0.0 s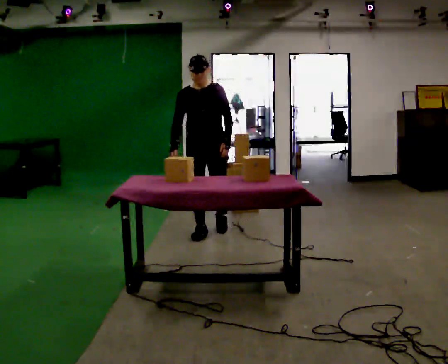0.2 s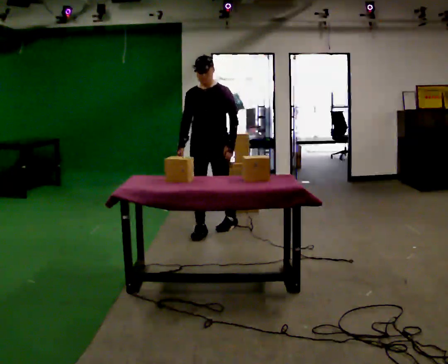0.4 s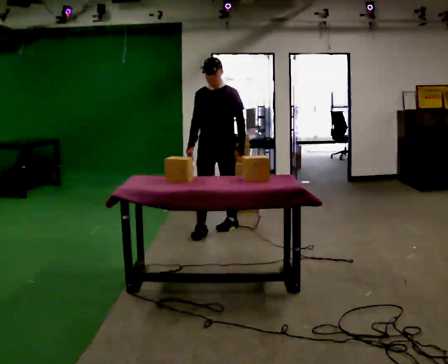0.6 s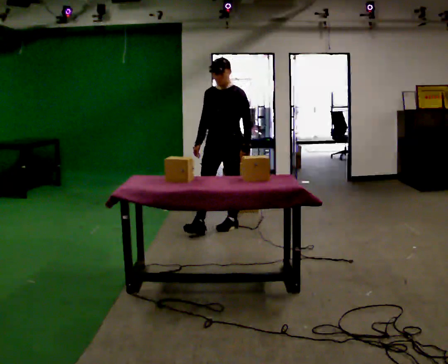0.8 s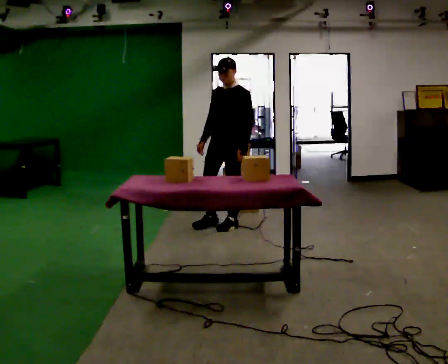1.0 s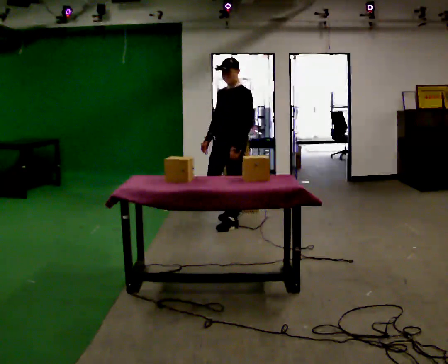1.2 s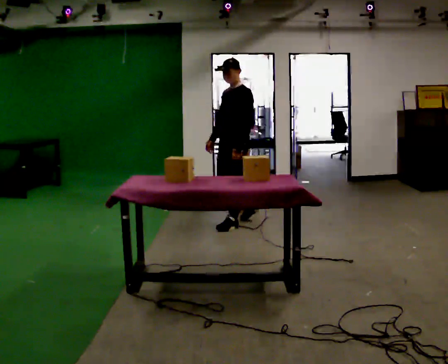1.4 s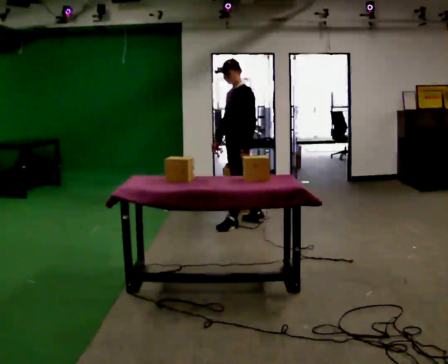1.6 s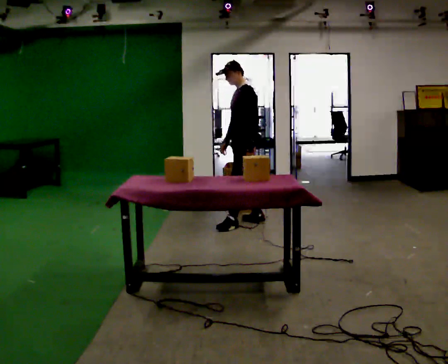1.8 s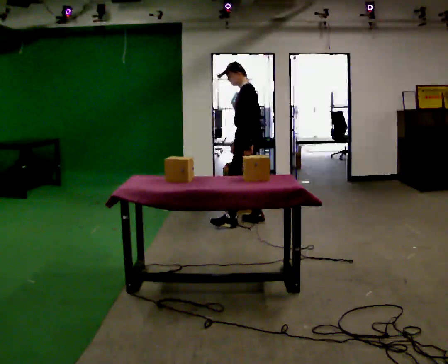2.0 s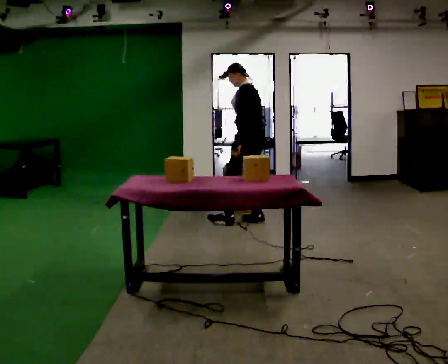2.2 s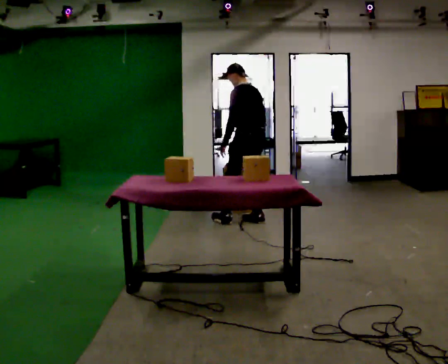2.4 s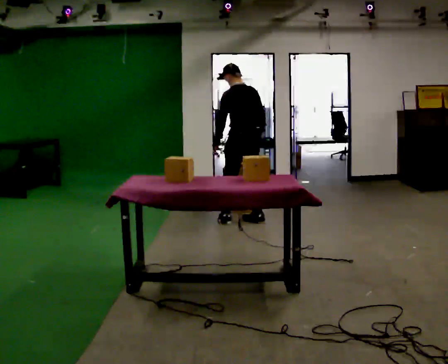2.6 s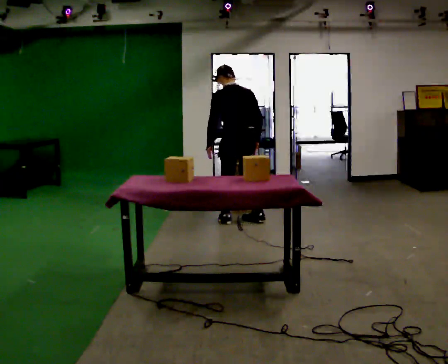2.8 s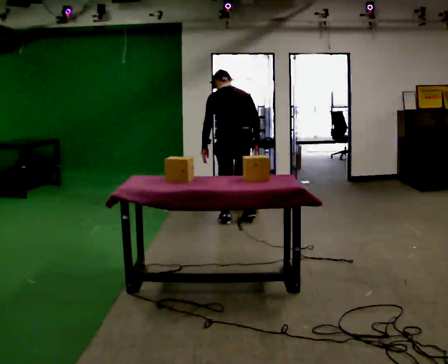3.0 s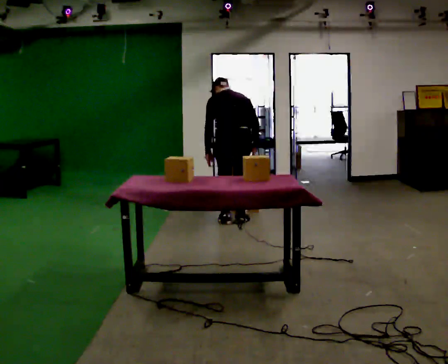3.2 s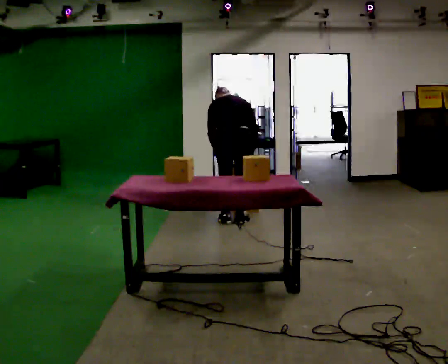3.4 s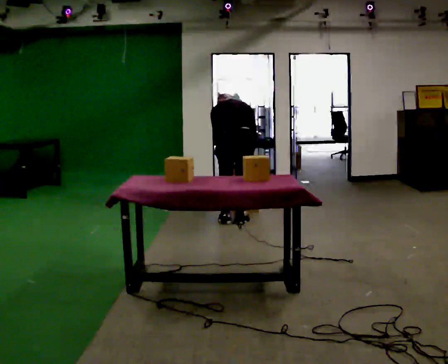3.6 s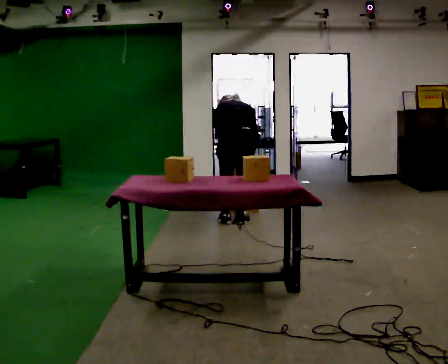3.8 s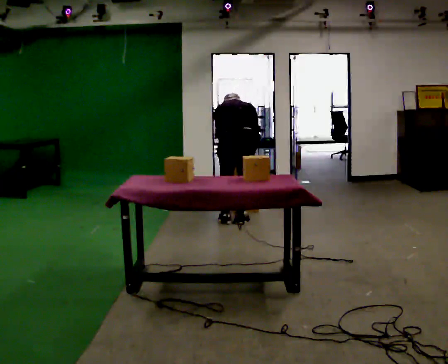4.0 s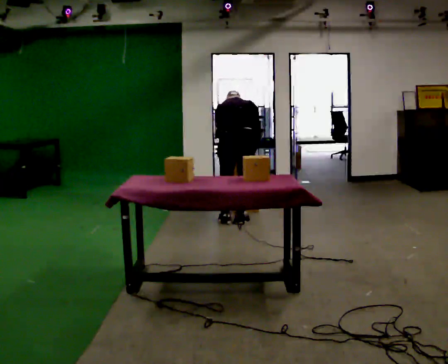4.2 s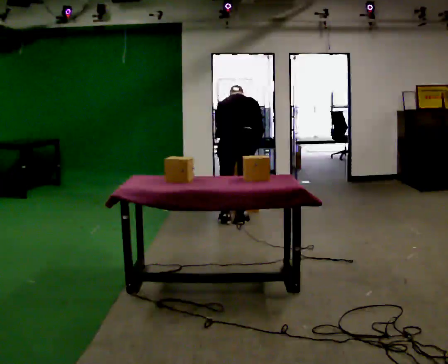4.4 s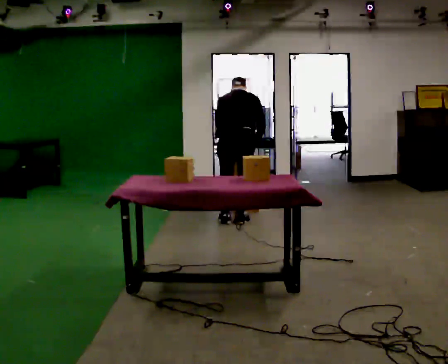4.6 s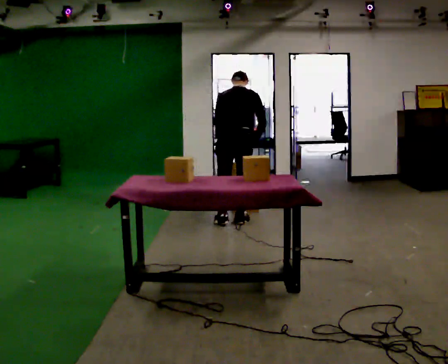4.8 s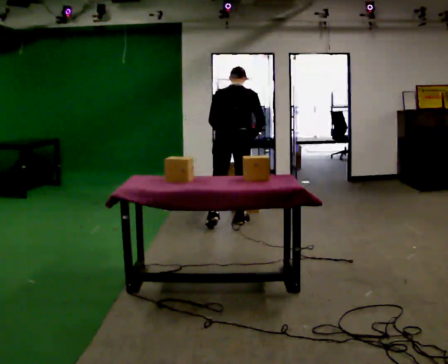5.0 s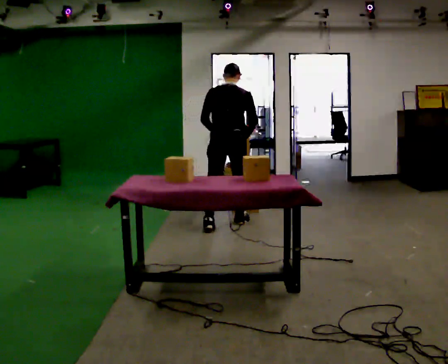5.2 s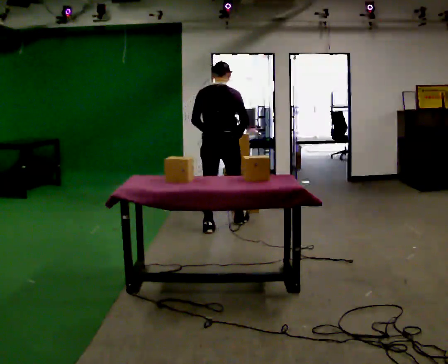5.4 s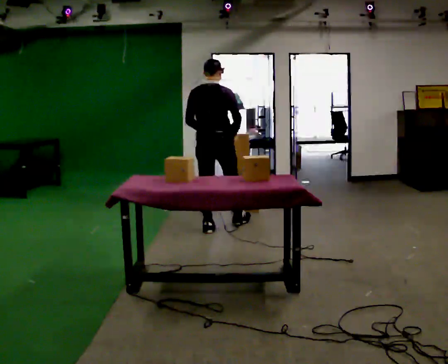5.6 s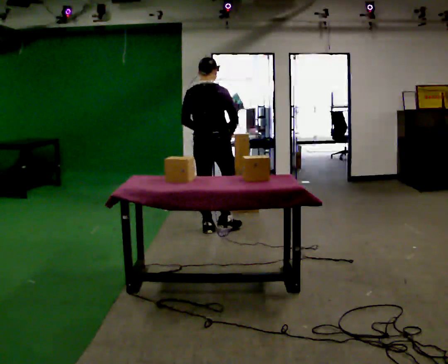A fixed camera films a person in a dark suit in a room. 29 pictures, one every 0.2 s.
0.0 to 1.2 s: Seen from above the body turns clockwise, about 60 degrees: to their right, with its near side sliding to the left. In the picture they go away from the camera and to the right, about 0.5 m in 1 step, which for them is backward.
1.2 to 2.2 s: Seen from above the body turns clockwise, about 60 degrees: to their right, with its near side sliding to the left. In the picture they go to the right and away from the camera, about 0.25 m. In the picture their right hand goes to the right.
2.2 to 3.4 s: The person turns about 45 degrees to their right, clockwise seen from above, so the part of the body nearest the lens slides to the left. In the picture they go to the left, about 0.25 m in 1 step, which for them is to their left. The shoulders move downward. The upper body tips away from the camera, its near side rolling upward, as they bend forward.
3.4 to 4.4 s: The person moves a little, or ends about where they began.
4.4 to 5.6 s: In the picture they go to the left and toward the camera, about 0.25 m in 2 steps, which for them is to their left and backward. The upper body tips toward the camera, its near side rolling downward, as they lean back or straighten.
The film runs backward here.
